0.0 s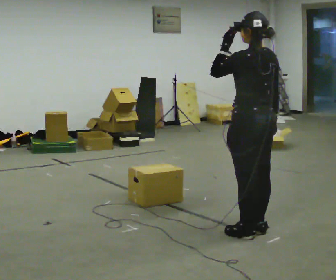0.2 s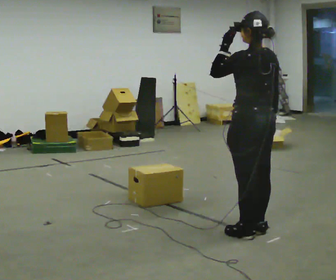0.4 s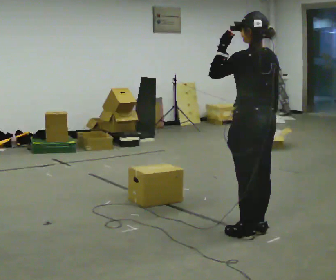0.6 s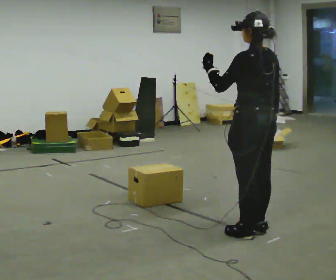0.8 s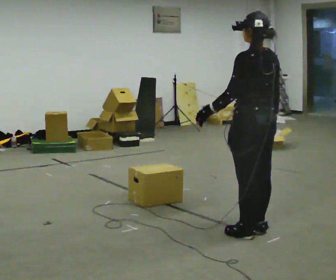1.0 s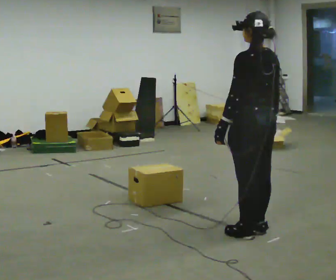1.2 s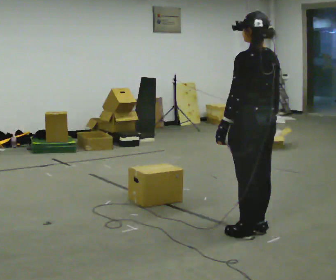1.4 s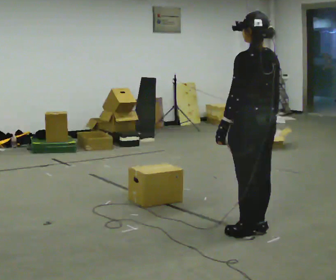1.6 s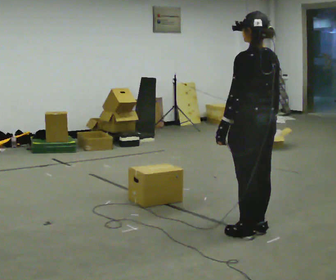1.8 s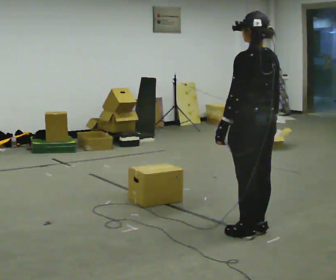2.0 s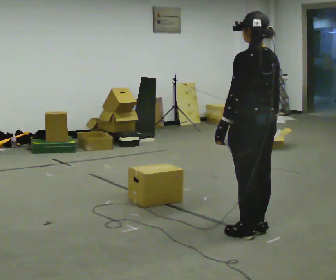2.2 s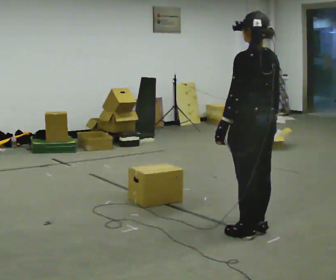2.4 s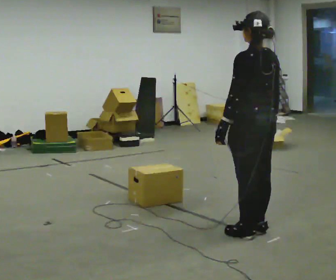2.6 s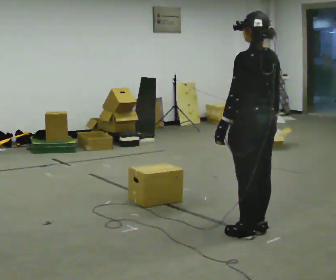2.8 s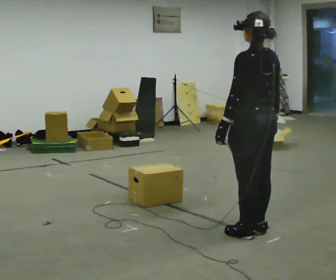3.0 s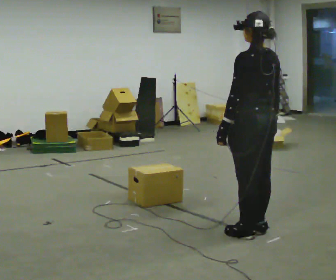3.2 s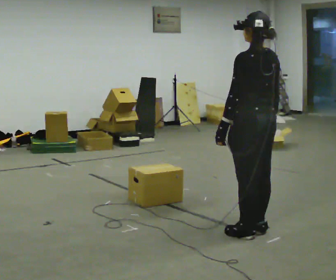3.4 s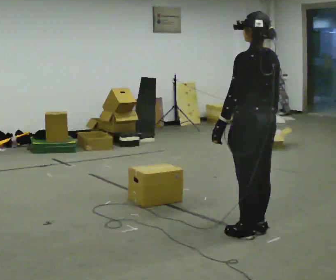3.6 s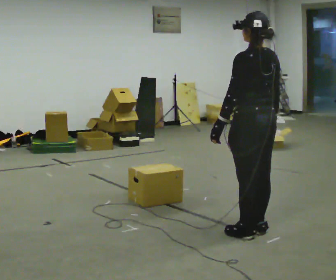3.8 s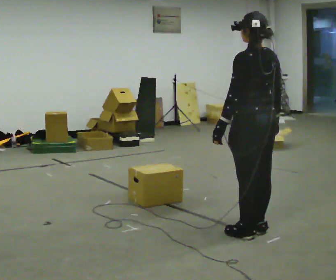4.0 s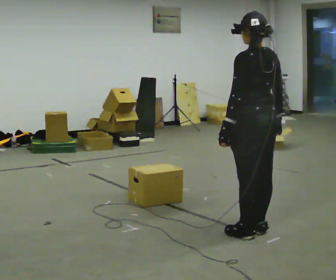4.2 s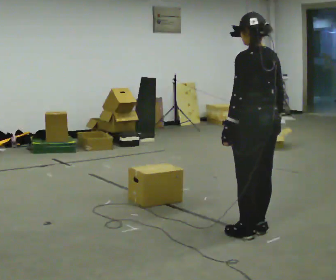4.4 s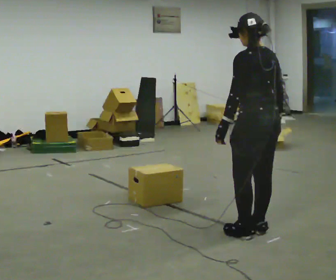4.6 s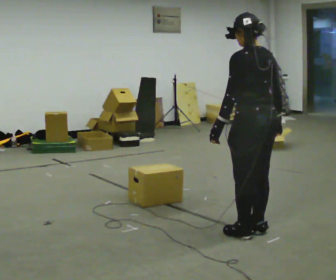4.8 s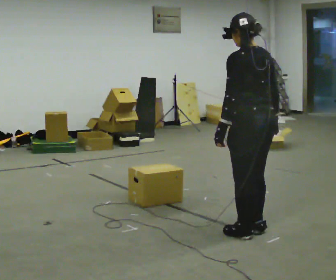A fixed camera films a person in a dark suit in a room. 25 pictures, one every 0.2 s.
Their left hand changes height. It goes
downward.
0.0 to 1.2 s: In the picture their left hand goes downward.
1.2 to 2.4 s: The person keeps their place and pose.
2.4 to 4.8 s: The person moves a little, or ends about where they began.
The film runs backward here.
